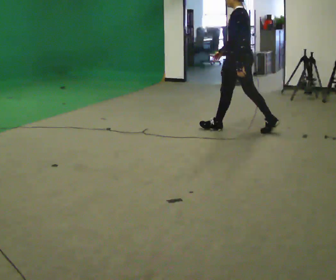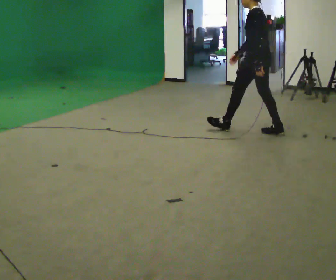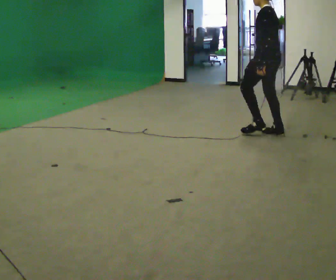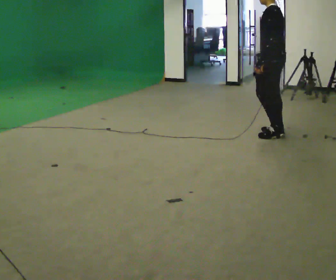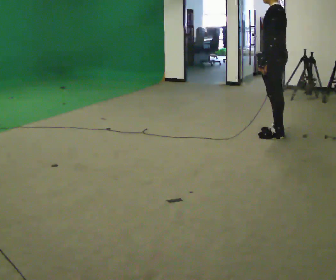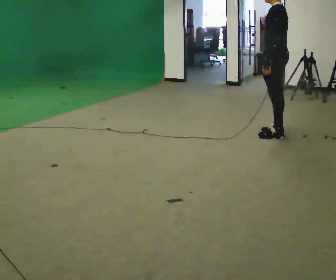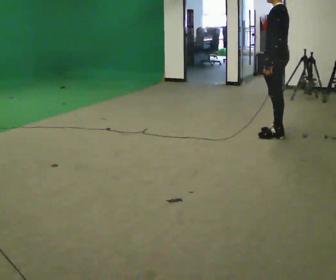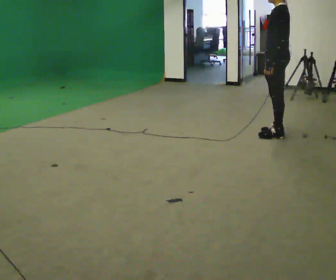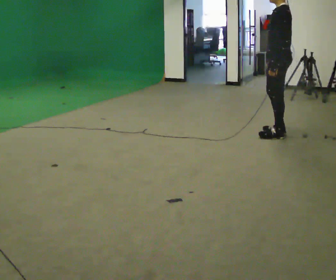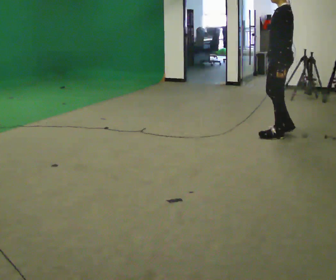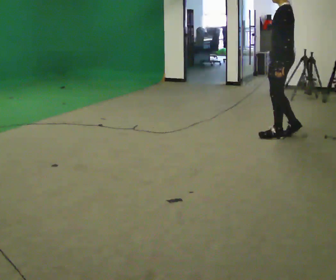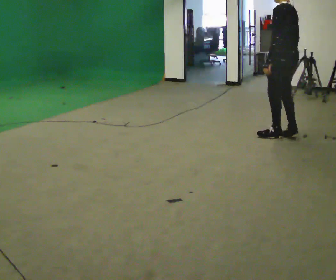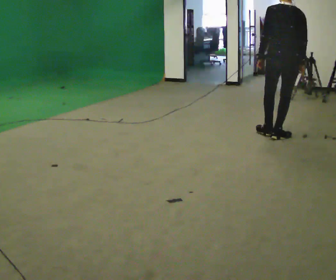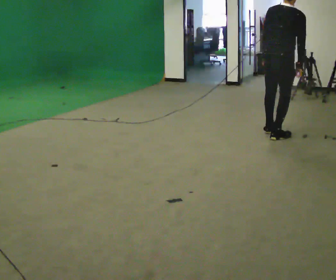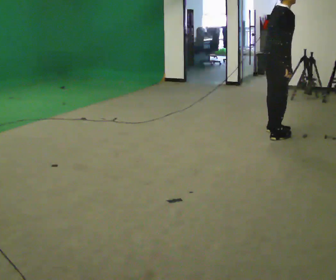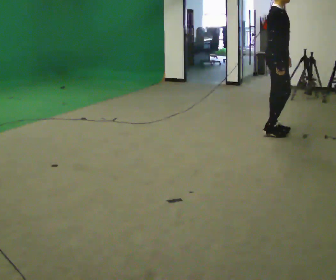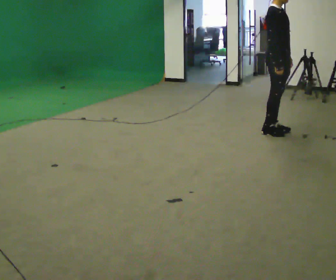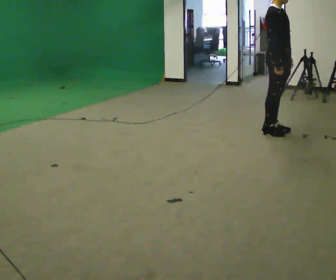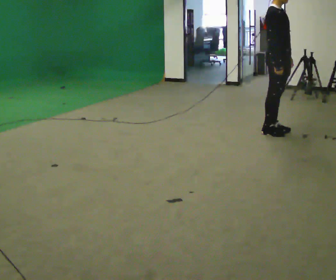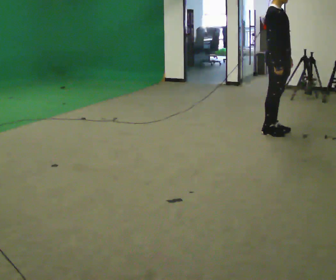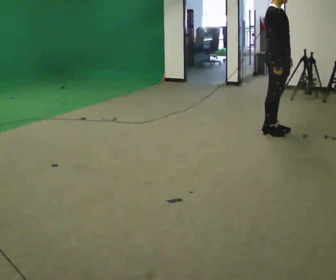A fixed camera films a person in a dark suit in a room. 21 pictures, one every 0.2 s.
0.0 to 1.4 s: In the picture they go to the right, about 0.5 m in 1 step, which for them is backward.
1.4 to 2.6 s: The part of the body nearest the lens slides to the left as the person turns to their right by about 120 degrees. In the picture their right hand goes to the right.
2.6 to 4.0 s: Seen from above the body turns clockwise, about 75 degrees: to their right, with its near side sliding to the left. In the picture they go away from the camera, about 0.25 m in 1 step.
The film runs backward here.
